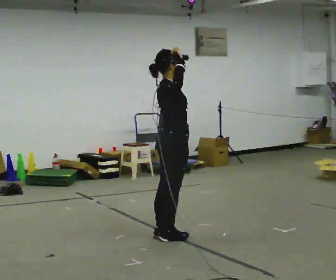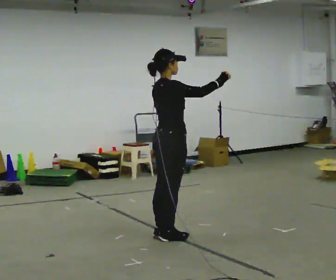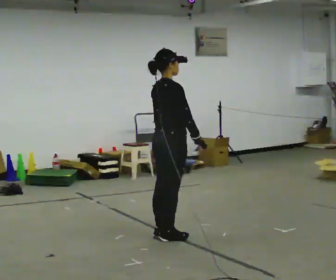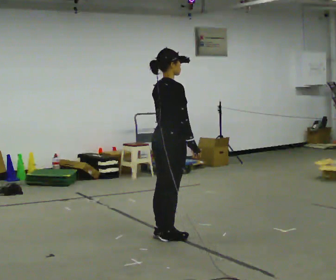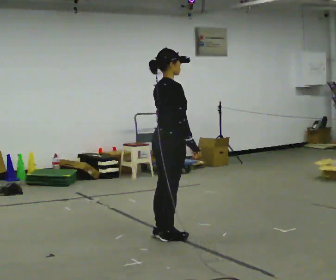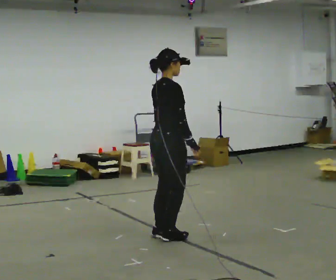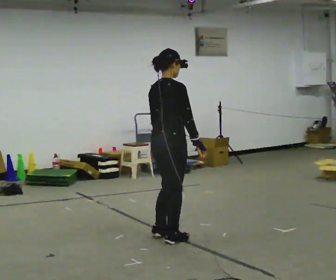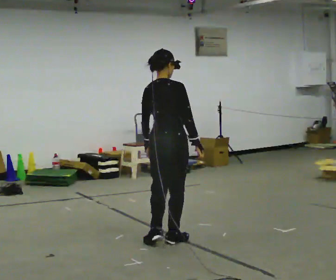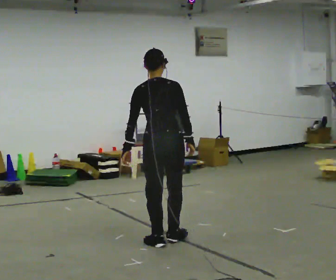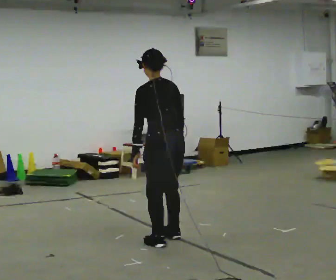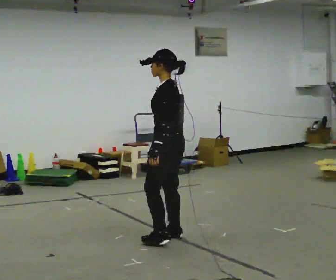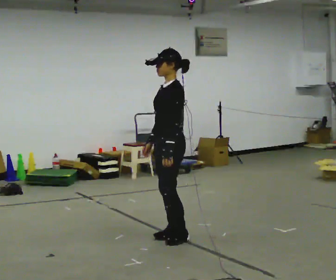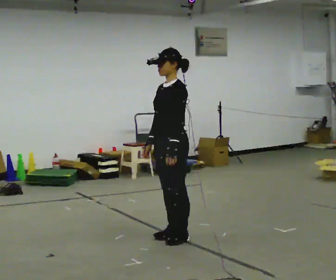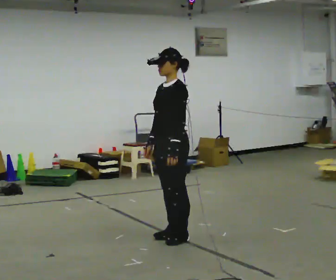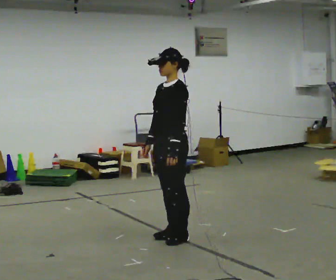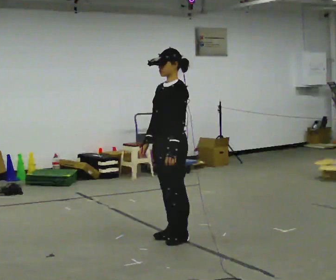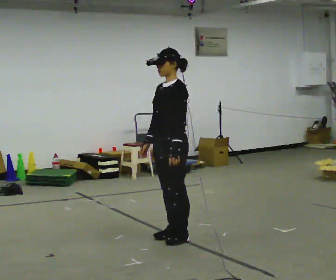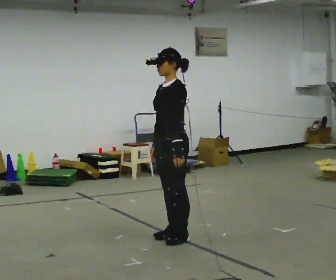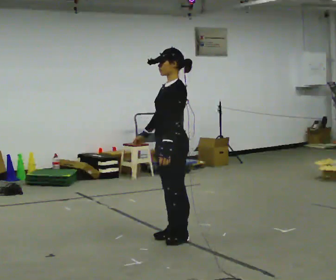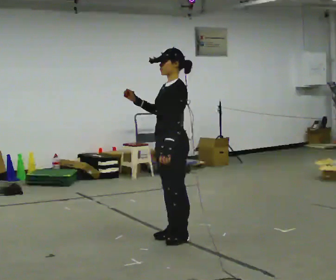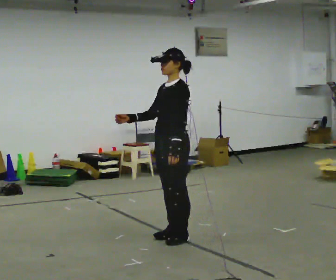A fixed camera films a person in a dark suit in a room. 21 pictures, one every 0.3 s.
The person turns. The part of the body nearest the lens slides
to the right.
The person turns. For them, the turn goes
to their left.
0.0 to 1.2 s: In the picture their right hand goes downward.
1.2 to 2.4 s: Seen from above the body turns counterclockwise, about 60 degrees: to their left, with its near side sliding to the right. In the picture they go toward the camera, about 0.25 m in 1 step, which for them is backward. In the picture their left hand goes to the left.
2.4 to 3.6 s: Seen from above the body turns counterclockwise, about 120 degrees: to their left, with its near side sliding to the right. In the picture their right hand goes to the left, the arm swinging clockwise.
3.6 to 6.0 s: The person moves a little, or ends about where they began.
The film runs backward here.
